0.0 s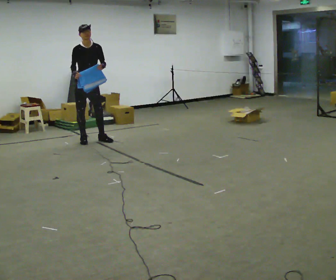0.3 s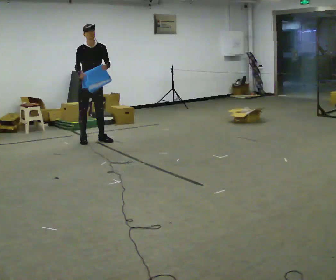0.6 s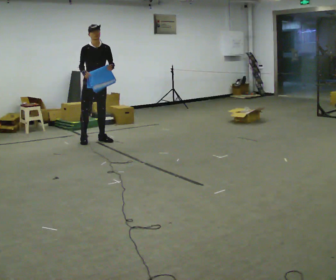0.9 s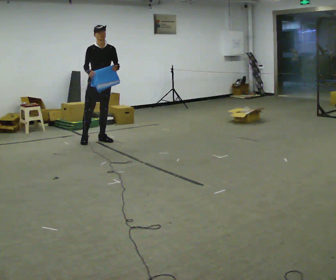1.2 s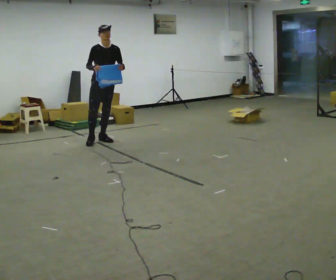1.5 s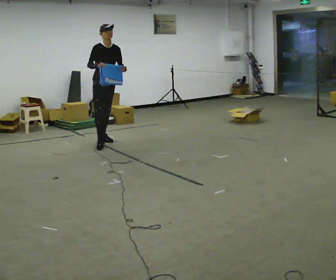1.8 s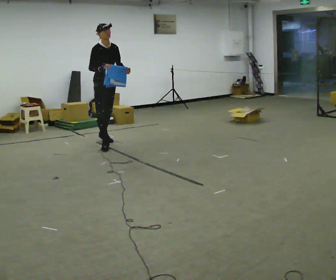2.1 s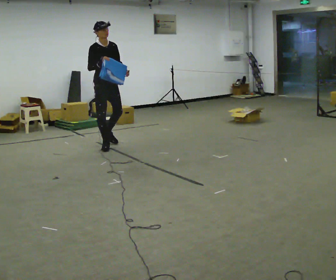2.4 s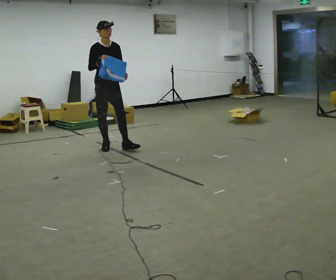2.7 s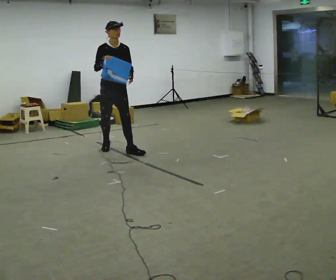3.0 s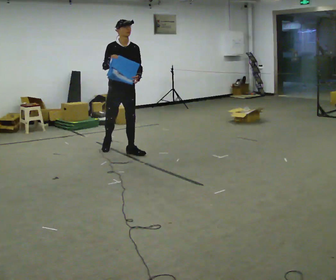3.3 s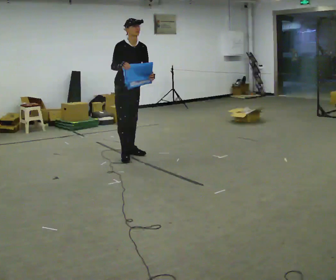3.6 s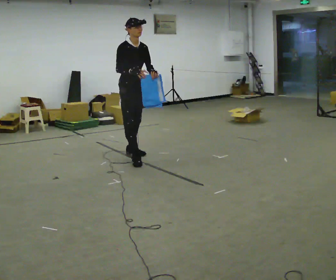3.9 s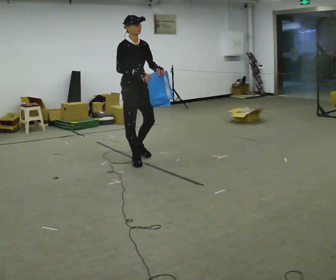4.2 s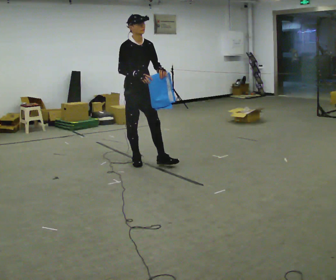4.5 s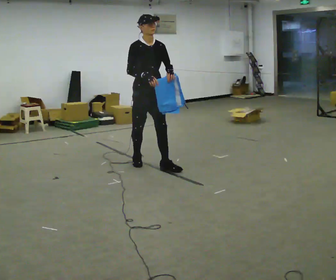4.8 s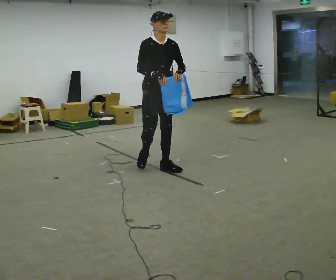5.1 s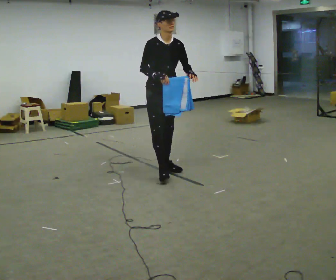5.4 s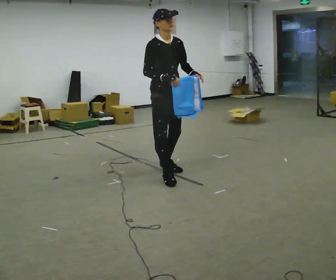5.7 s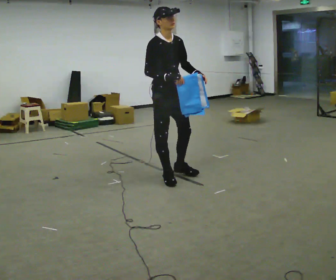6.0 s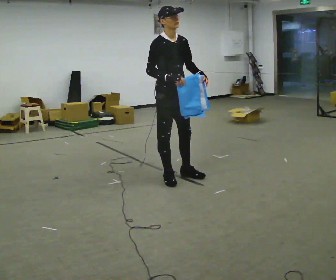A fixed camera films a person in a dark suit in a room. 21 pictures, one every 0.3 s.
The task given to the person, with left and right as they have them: Carry the cloth and, while walking, fold it in half, then unfold it. Keep repeating as you walk. Do not stop.
0.0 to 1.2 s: In the picture they go to the right, about 0.25 m, which for them is to their left.
1.2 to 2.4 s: In the picture they go toward the camera, about 0.5 m in 1 step, which for them is forward and to their right.
2.4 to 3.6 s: In the picture they go toward the camera and to the right, about 0.5 m in 2 steps, which for them is forward.
3.6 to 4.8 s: In the picture they go toward the camera and to the right, about 0.5 m in 1 step, which for them is forward.
4.8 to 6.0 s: In the picture they go toward the camera, about 0.5 m in 2 steps, which for them is forward.
The film runs forward here.
